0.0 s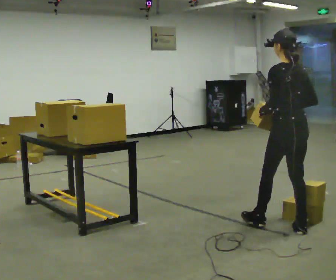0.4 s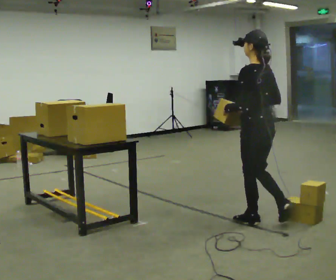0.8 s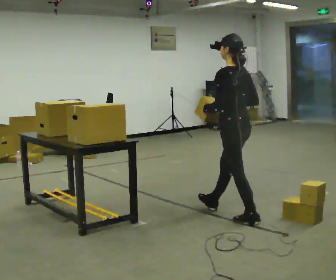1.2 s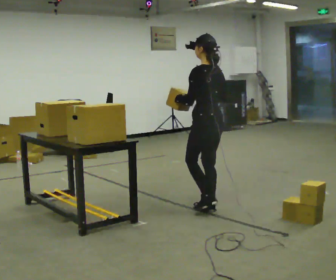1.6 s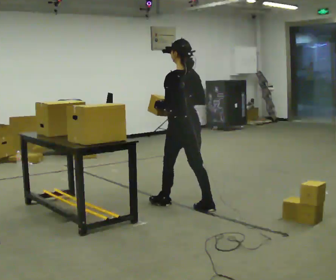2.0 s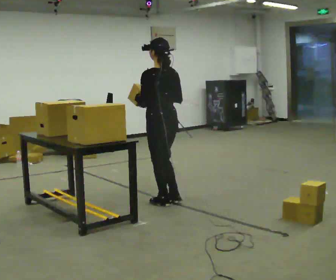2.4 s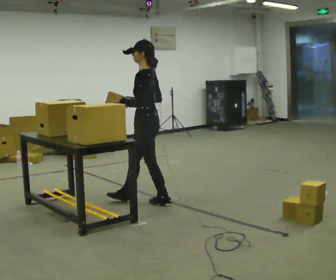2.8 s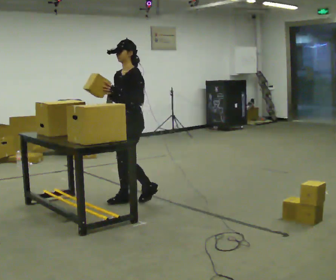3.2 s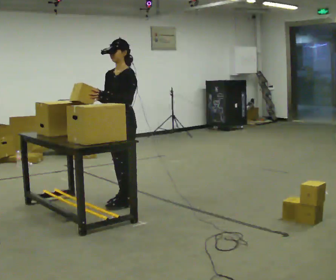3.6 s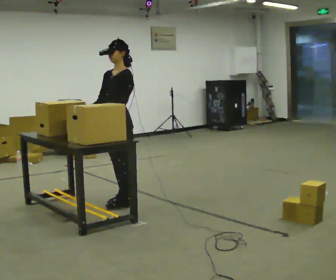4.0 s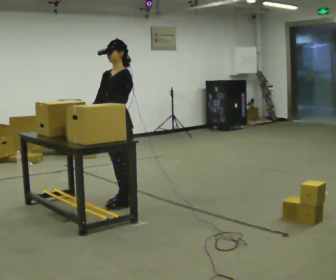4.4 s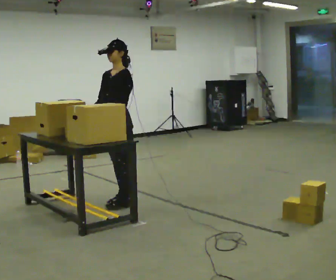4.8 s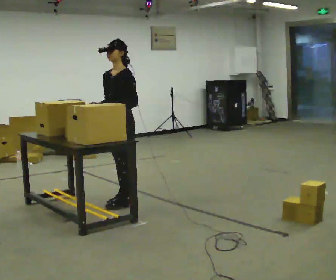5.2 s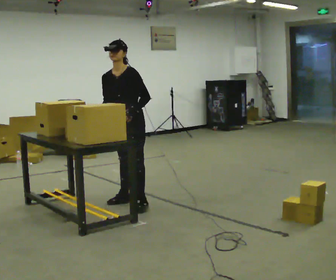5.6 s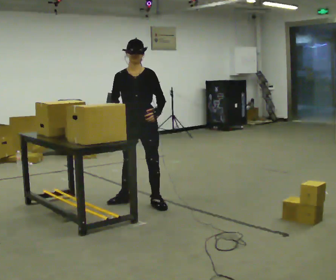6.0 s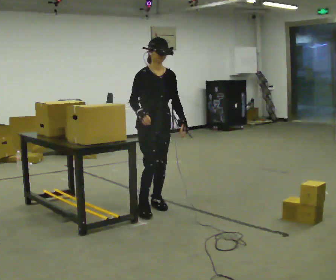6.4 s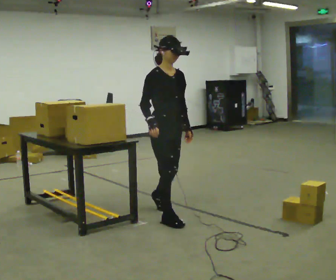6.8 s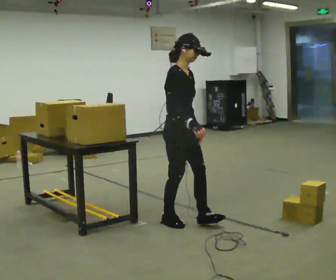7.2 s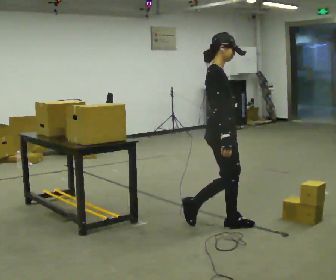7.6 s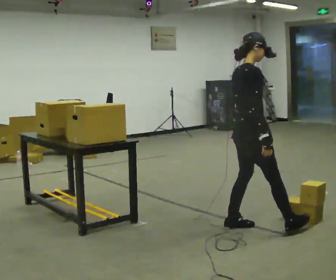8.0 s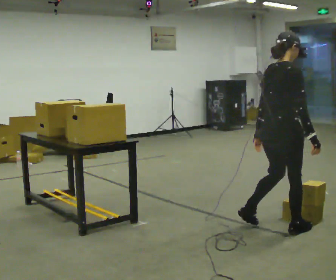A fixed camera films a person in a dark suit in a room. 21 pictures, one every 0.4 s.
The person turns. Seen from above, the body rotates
counterclockwise.
The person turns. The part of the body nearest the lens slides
to the right.
0.0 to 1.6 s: In the picture they go away from the camera and to the left, about 1 m in 3 steps, which for them is forward.
1.6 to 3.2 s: The person turns about 90 degrees to their left, counterclockwise seen from above, so the part of the body nearest the lens slides to the right. In the picture they go to the left and away from the camera, about 0.5 m in 2 steps.
3.2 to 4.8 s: The person moves a little, or ends about where they began.
4.8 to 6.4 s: The person turns about 90 degrees to their left, counterclockwise seen from above, so the part of the body nearest the lens slides to the right. In the picture they go toward the camera and to the right, about 0.5 m in 2 steps.
6.4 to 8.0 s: The part of the body nearest the lens slides to the right as the person turns to their left by about 75 degrees. In the picture they go to the right and toward the camera, about 1 m in 2 steps.
The film runs forward here.
